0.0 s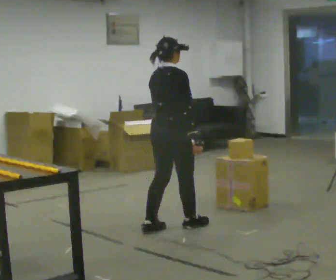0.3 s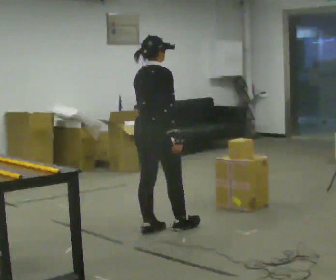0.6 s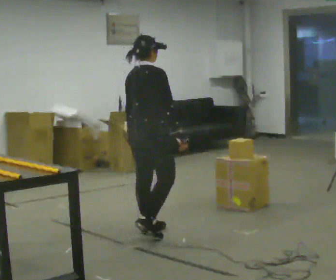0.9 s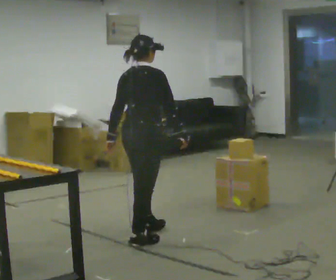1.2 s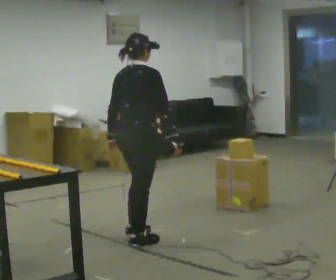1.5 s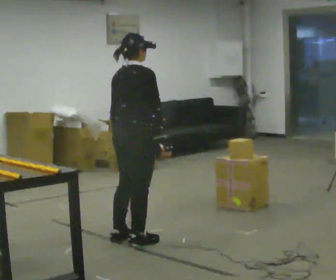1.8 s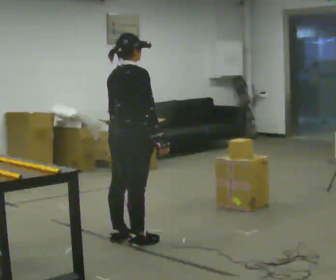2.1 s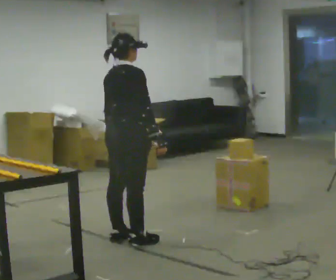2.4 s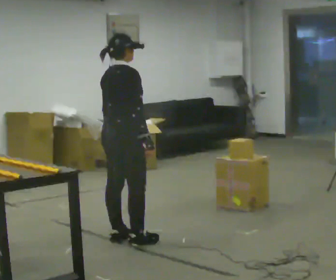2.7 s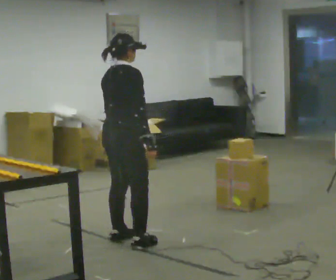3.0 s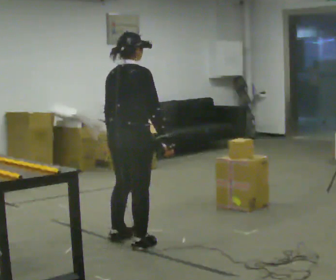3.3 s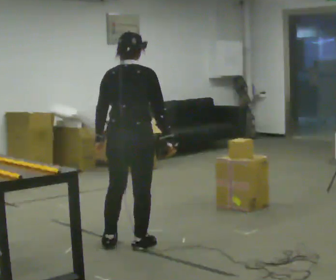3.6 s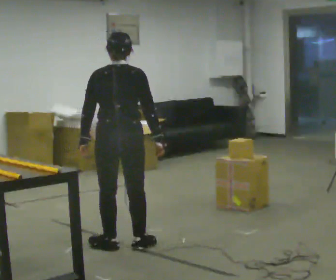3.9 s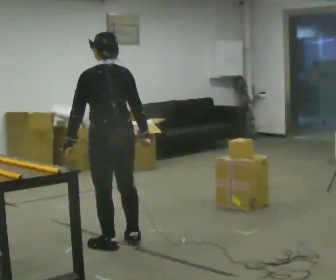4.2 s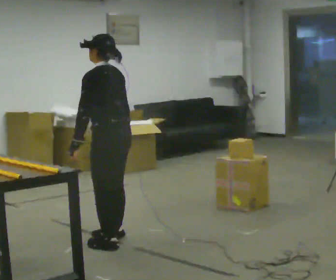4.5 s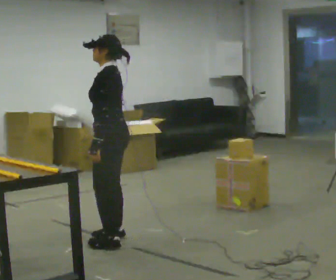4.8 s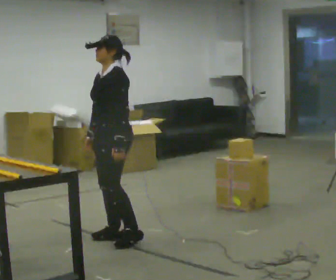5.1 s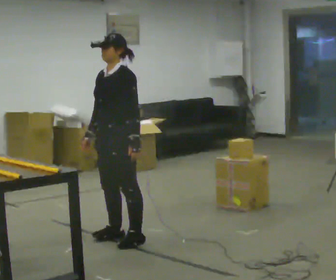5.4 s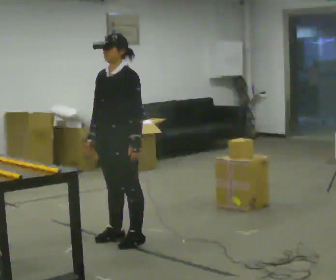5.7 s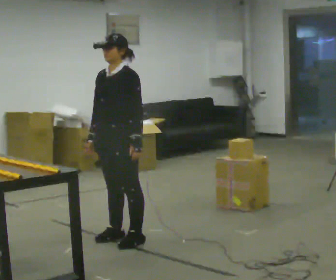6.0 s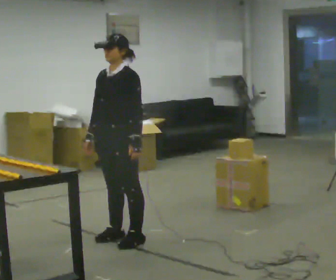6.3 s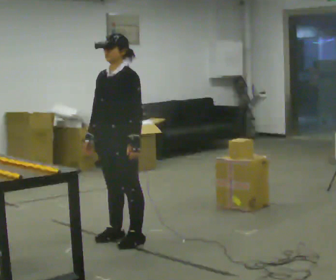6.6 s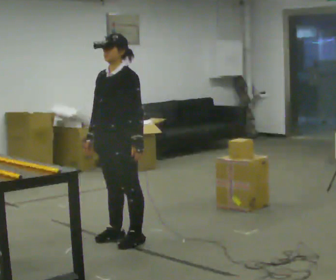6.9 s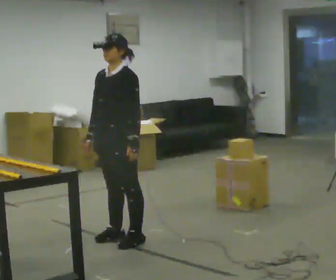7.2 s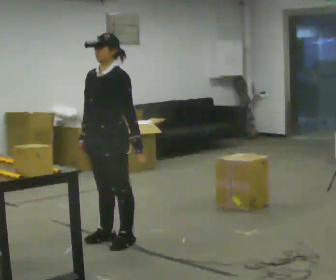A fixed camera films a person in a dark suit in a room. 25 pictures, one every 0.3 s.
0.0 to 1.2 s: In the picture they go to the left and toward the camera, about 0.5 m in 2 steps, which for them is backward.
1.2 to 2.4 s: The person moves a little, or ends about where they began.
2.4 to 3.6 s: Seen from above the body turns counterclockwise, about 60 degrees: to their left, with its near side sliding to the right. In the picture they go toward the camera, about 0.25 m in 1 step.
3.6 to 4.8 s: The person turns about 105 degrees to their left, counterclockwise seen from above, so the part of the body nearest the lens slides to the right. In the picture they go away from the camera, about 0.25 m in 2 steps. In the picture their right hand goes to the left, the arm swinging clockwise.
4.8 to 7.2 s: The person moves a little, or ends about where they began.
The film runs backward here.
